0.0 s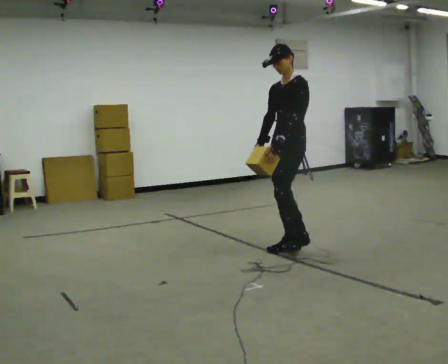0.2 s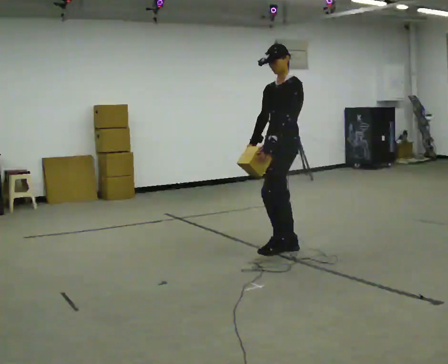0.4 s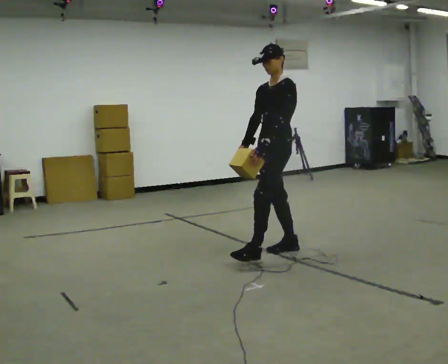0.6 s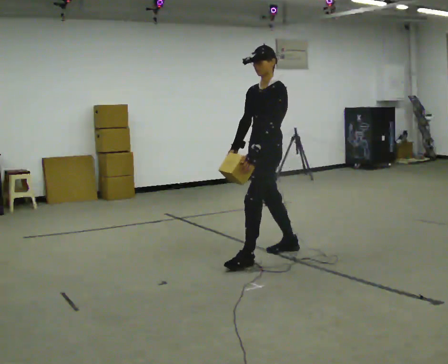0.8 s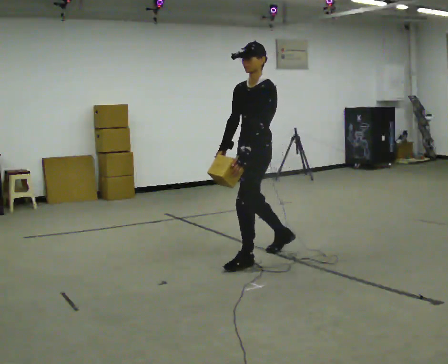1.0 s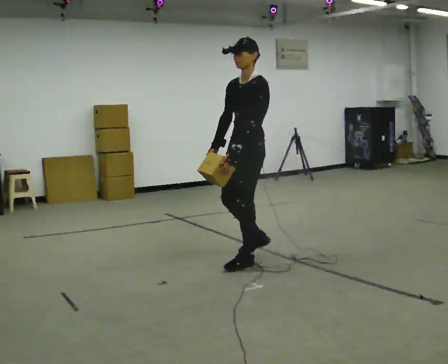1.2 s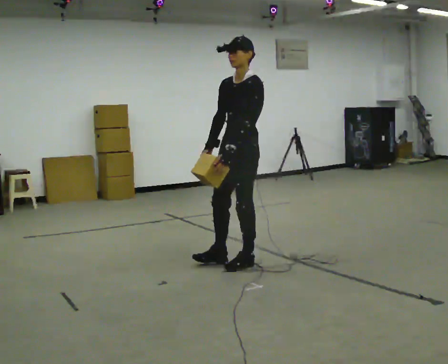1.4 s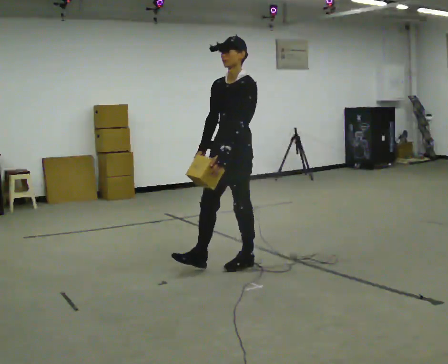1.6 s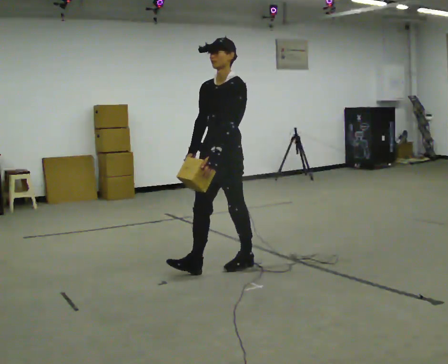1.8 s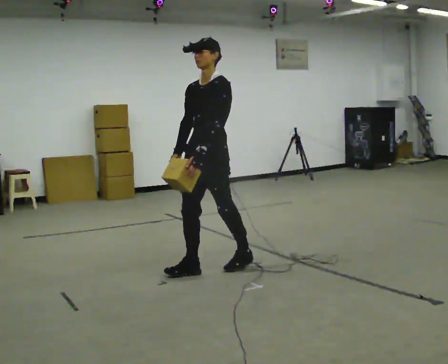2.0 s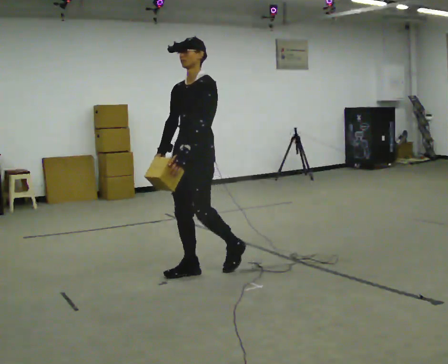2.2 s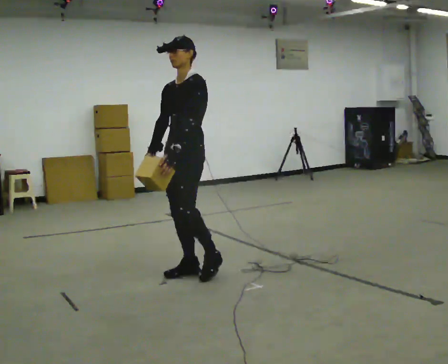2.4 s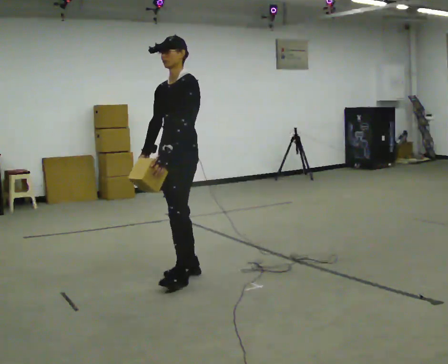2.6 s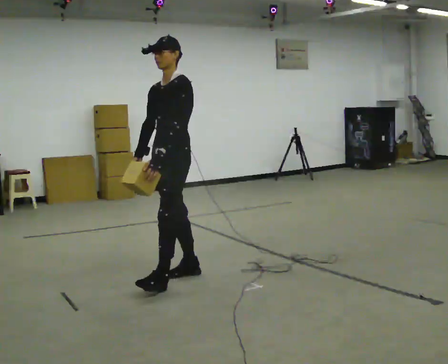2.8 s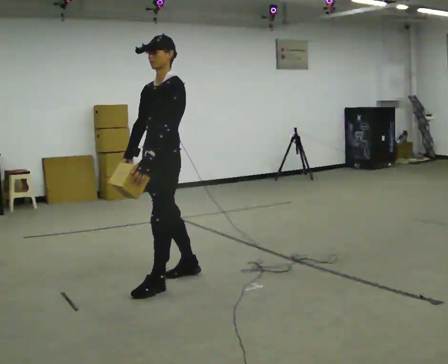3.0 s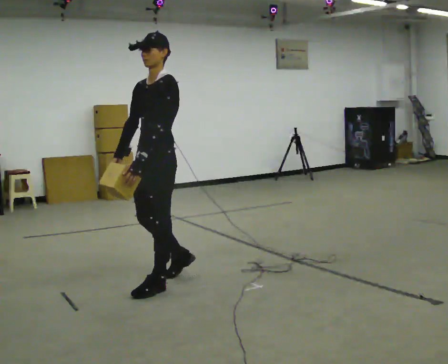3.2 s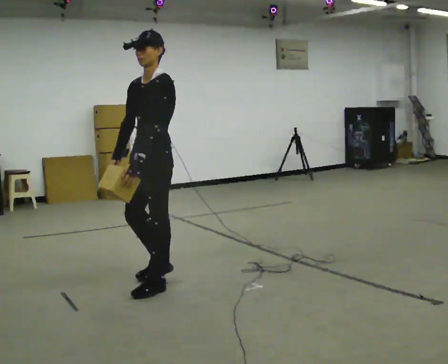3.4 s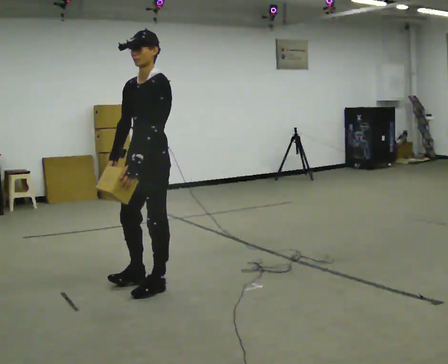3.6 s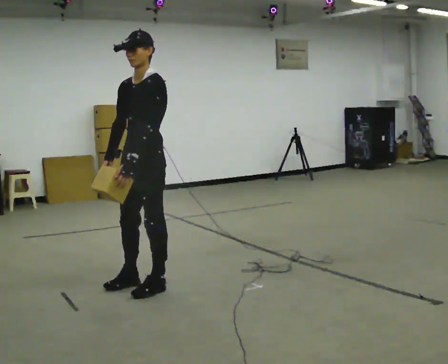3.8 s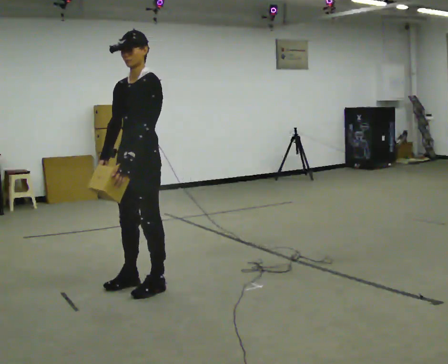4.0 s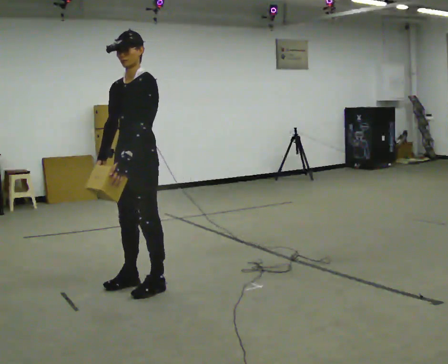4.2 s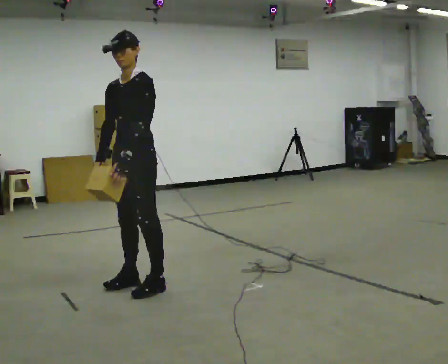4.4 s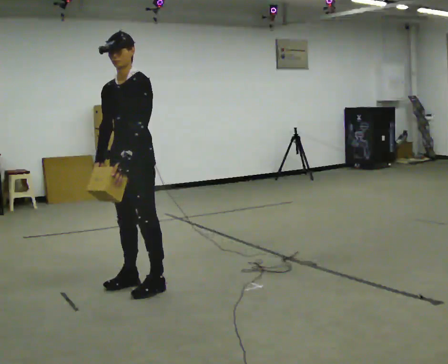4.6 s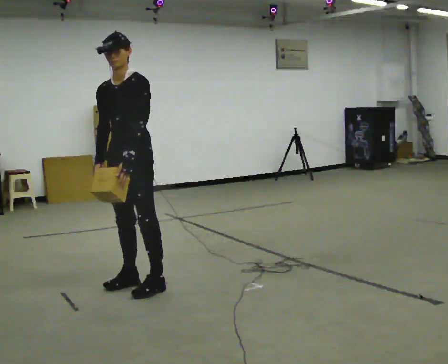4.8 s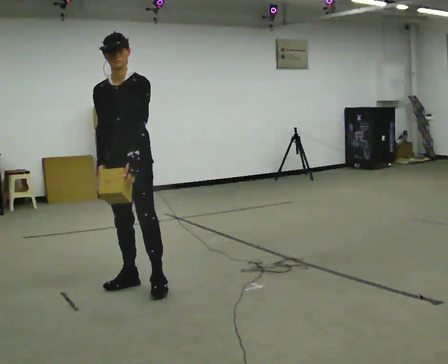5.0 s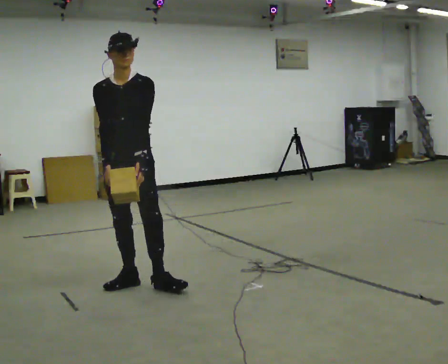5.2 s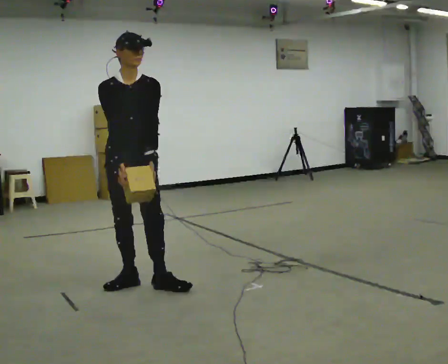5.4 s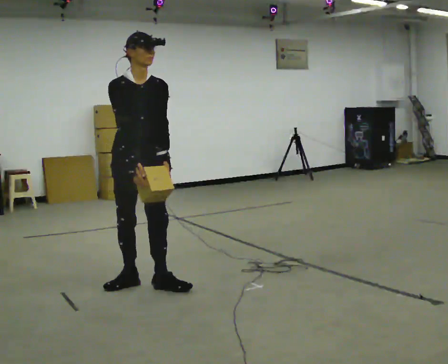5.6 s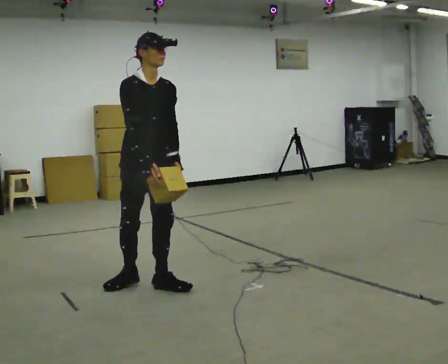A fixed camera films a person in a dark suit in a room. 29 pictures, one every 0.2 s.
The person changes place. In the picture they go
to the left.
The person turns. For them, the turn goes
to their left.
0.0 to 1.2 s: In the picture they go to the left and toward the camera, about 0.5 m in 1 step, which for them is forward.
1.2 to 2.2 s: In the picture they go to the left, about 0.5 m in 1 step, which for them is forward.
2.2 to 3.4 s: In the picture they go toward the camera and to the left, about 0.5 m in 1 step, which for them is forward.
3.4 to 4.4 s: The person moves a little, or ends about where they began.
4.4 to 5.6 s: Seen from above the body turns counterclockwise, about 75 degrees: to their left, with its near side sliding to the right. In the picture the upper body tilts clockwise, shoulders to the right. In the picture their right hand goes to the right.
The film runs forward here.
